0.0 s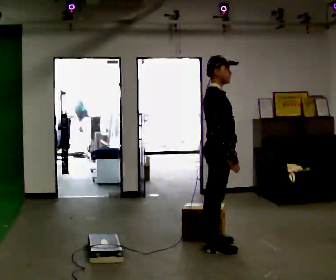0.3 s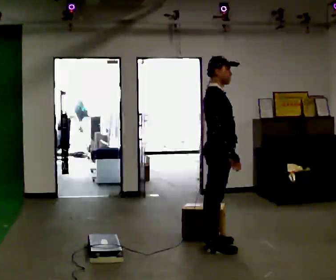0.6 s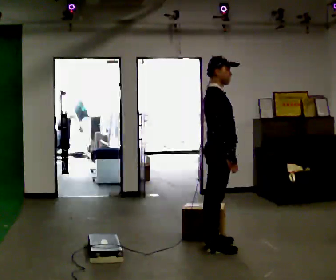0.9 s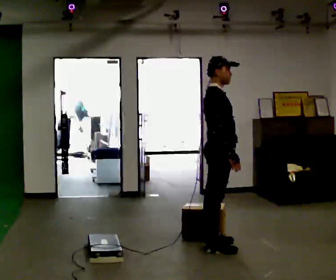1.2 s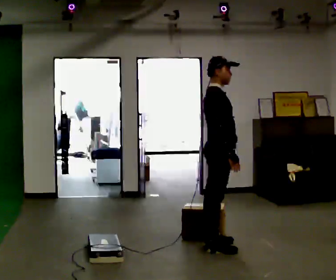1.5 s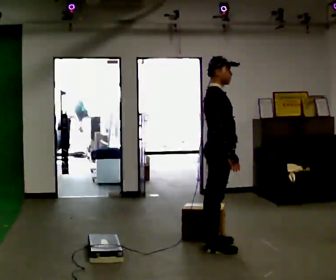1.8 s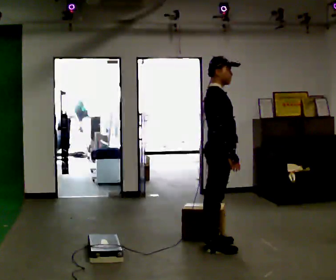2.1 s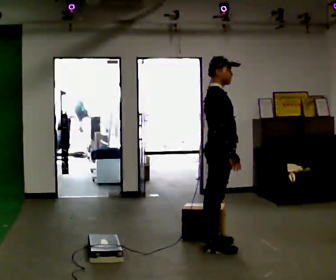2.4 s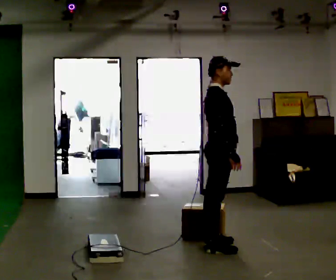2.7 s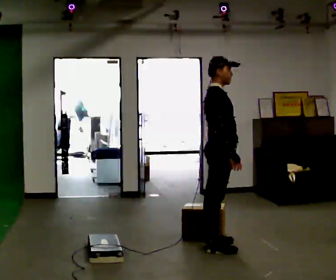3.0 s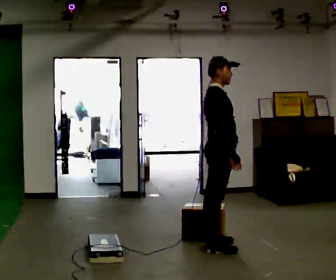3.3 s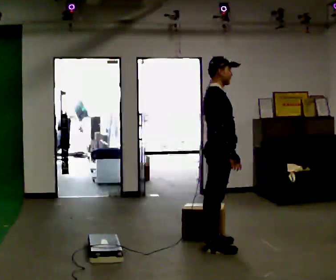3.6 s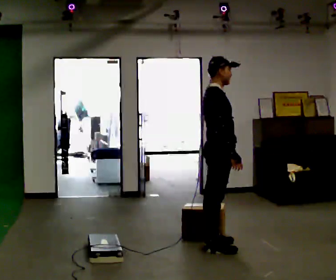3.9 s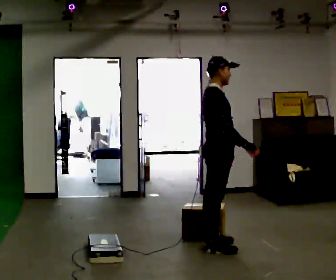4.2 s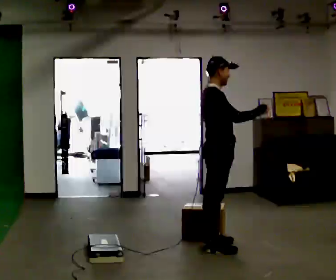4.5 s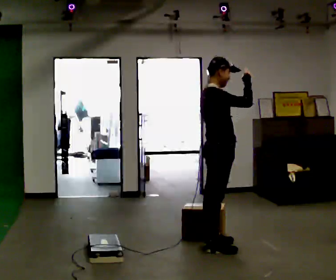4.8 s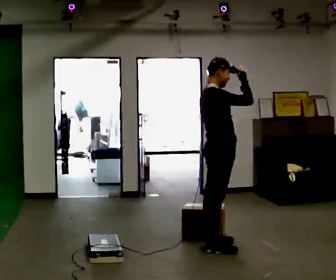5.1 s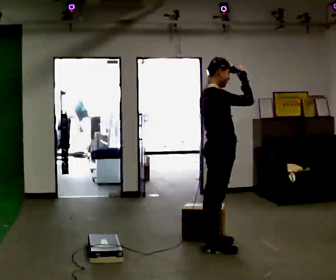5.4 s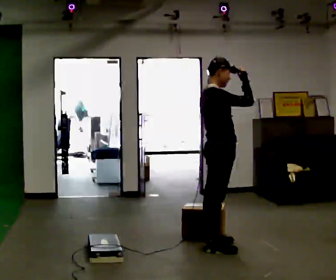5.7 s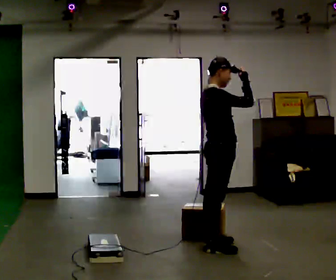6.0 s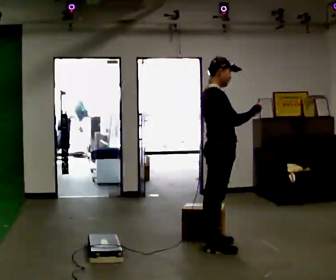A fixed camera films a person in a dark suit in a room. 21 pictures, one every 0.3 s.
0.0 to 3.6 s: The person moves a little, or ends about where they began.
3.6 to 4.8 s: In the picture their right hand goes upward, the arm swinging counterclockwise.
4.8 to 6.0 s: In the picture their right hand goes downward, the arm swinging clockwise.
The film runs forward here.
